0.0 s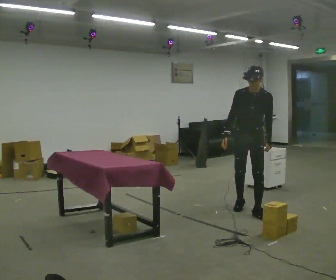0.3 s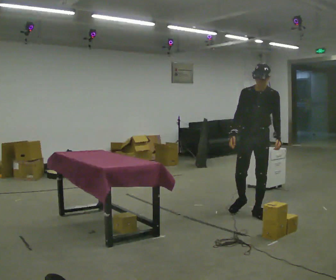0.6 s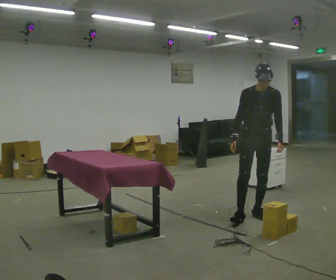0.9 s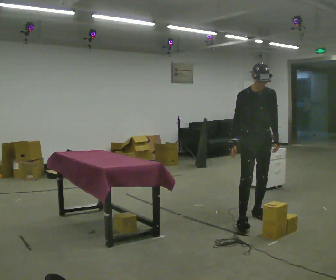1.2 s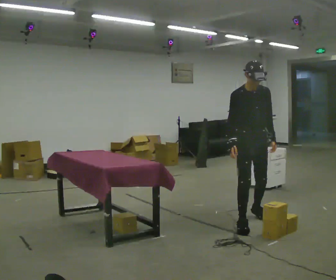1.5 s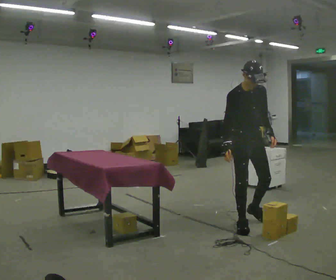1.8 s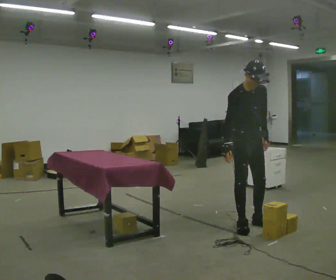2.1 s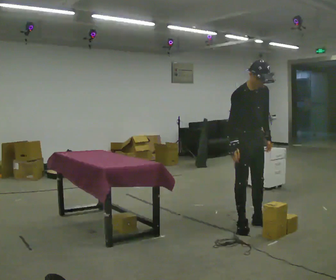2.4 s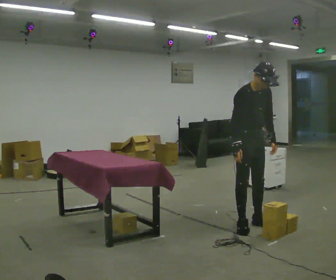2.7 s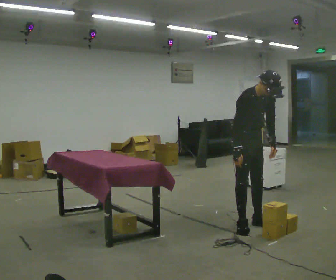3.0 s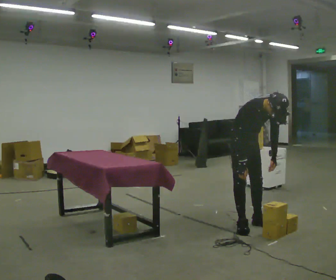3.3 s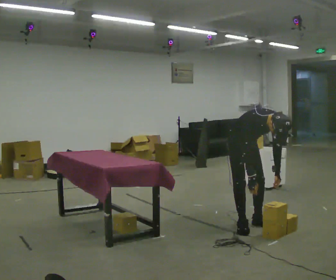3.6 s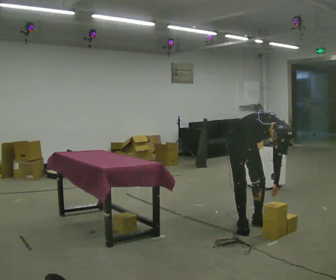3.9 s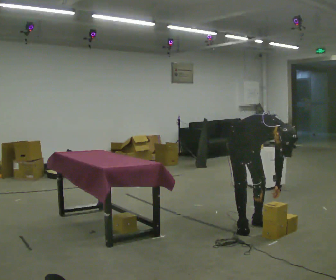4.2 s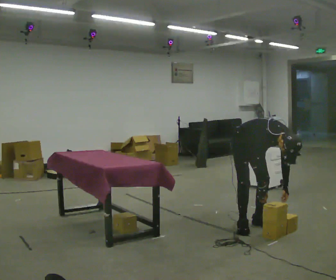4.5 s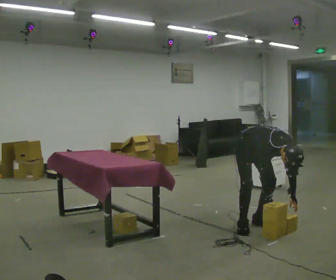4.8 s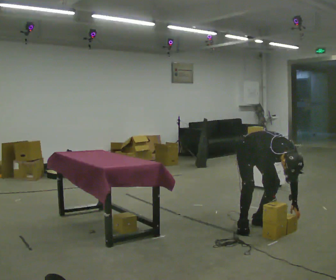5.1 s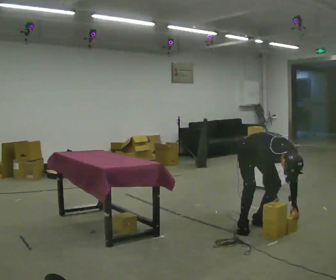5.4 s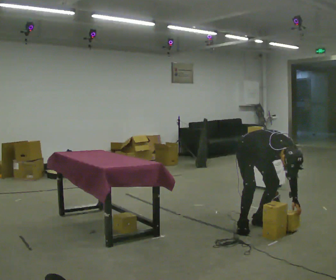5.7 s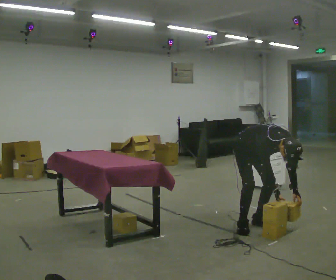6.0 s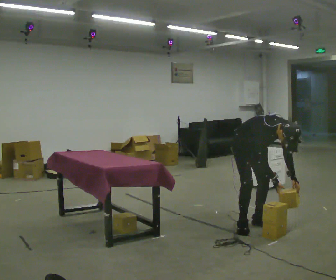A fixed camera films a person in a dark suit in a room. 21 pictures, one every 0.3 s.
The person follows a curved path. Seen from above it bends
clockwise.
0.0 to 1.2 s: Seen from above the body turns counterclockwise, about 30 degrees: to their left, with its near side sliding to the right. In the picture they go toward the camera, about 0.5 m in 1 step, which for them is forward.
1.2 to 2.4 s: The person moves a little, or ends about where they began.
2.4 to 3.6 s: The upper body goes downward. In the picture the upper body tilts clockwise, shoulders to the right, as they bend forward. In the picture their left hand goes downward.
3.6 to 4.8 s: The shoulders move downward. The upper body tips toward the camera, its near side rolling downward, as they bend forward.
4.8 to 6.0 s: The upper body goes upward. The upper body tips away from the camera, its near side rolling upward, as they lean back or straighten.
The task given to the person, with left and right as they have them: 1. The operator will tell you the shelf is already sorted and just needs moving to the table. 2. Do what you think is right. 3. Tell the operator when you are finished.
The film runs forward here.
